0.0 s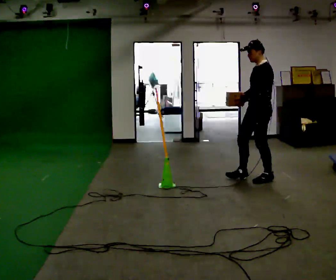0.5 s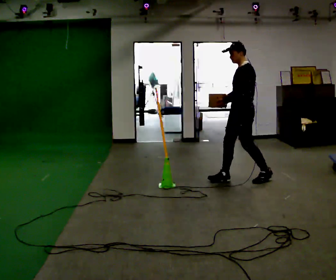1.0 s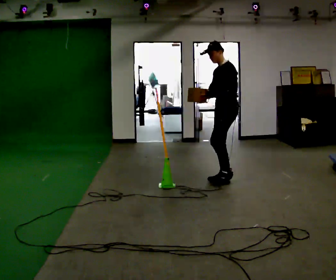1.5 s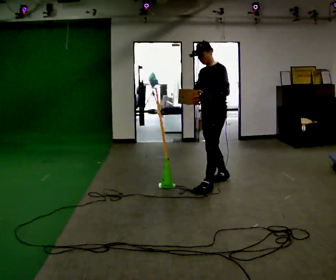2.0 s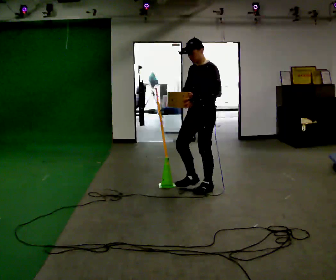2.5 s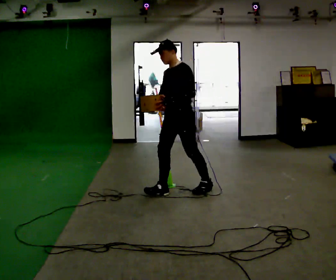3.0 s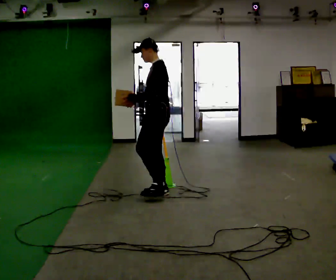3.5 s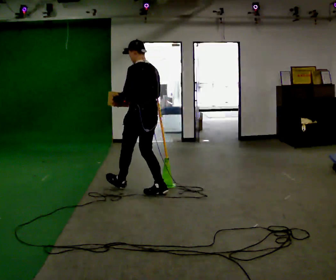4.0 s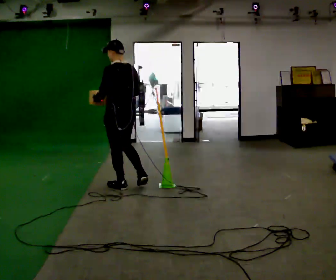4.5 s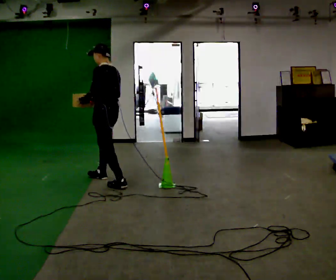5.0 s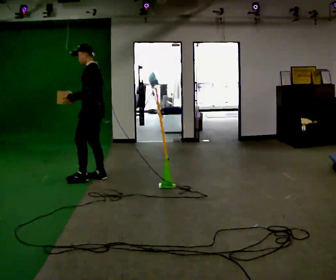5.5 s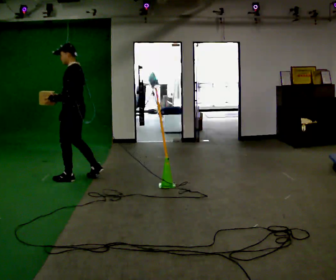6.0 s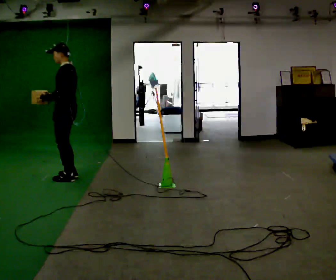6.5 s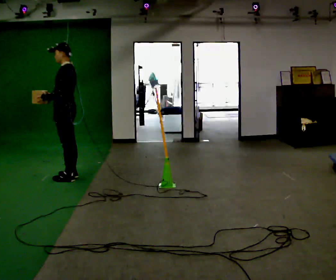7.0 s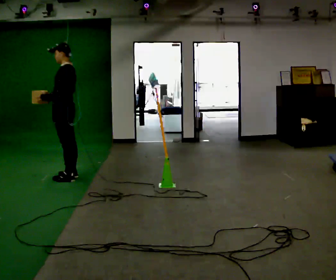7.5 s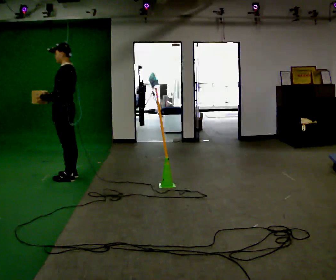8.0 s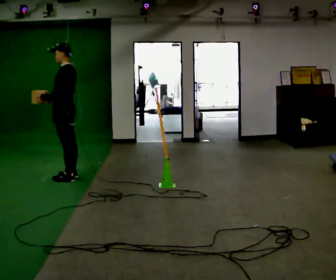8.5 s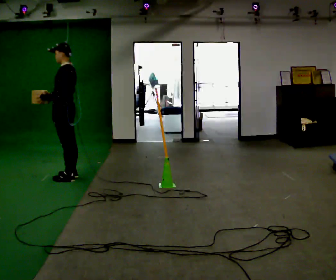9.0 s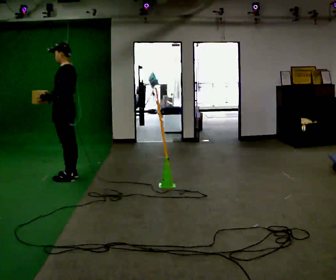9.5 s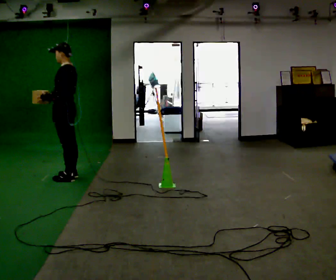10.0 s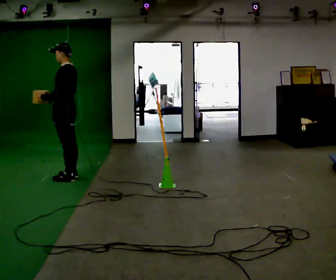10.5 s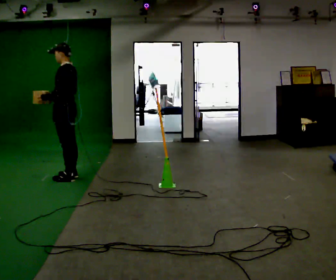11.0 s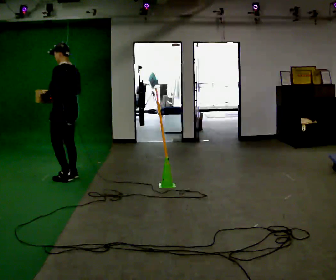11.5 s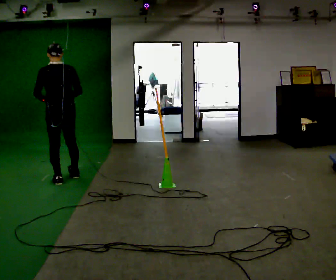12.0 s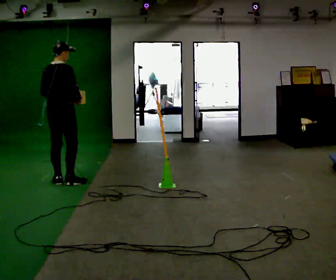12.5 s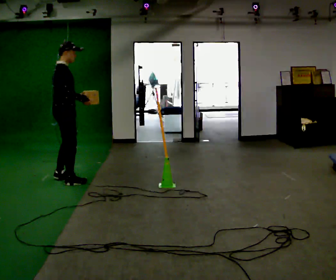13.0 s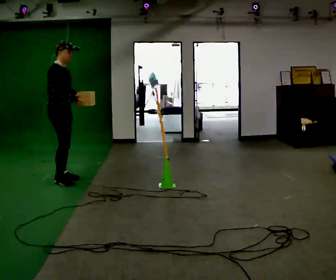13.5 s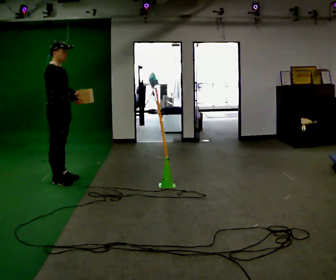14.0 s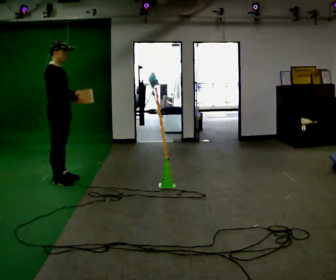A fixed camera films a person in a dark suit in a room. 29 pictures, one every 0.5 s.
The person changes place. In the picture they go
to the left.
0.0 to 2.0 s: In the picture they go to the left, about 1 m in 2 steps, which for them is forward.
2.0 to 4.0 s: The person turns about 75 degrees to their right, clockwise seen from above, so the part of the body nearest the lens slides to the left. In the picture they go to the left, about 1 m in 2 steps.
4.0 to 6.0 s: Seen from above the body turns counterclockwise, about 45 degrees: to their left, with its near side sliding to the right. In the picture they go to the left and away from the camera, about 1 m in 3 steps, which for them is forward.
6.0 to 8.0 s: The person moves a little, or ends about where they began.
8.0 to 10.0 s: The person keeps their place and pose.
10.0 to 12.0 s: Seen from above the body turns clockwise, about 105 degrees: to their right, with its near side sliding to the left. In the picture they go toward the camera, about 0.25 m in 2 steps.
12.0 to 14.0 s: The part of the body nearest the lens slides to the left as the person turns to their right by about 75 degrees.
The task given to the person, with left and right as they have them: Carry the box across the room. The operator will step into your path partway across, so go around them and carry on. Keep going until the operator says stop; one object at a time, and do not rush between trips.
The film runs forward here.
